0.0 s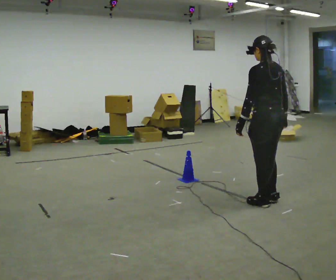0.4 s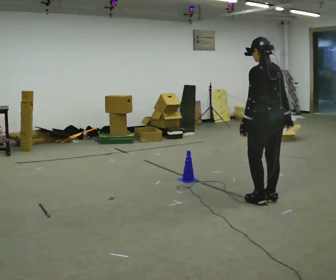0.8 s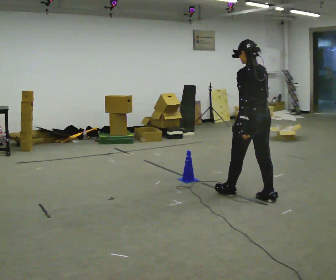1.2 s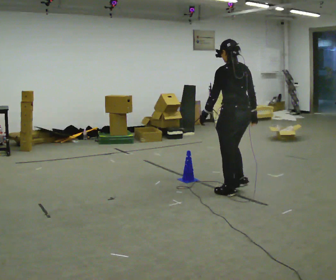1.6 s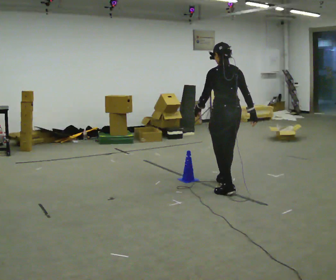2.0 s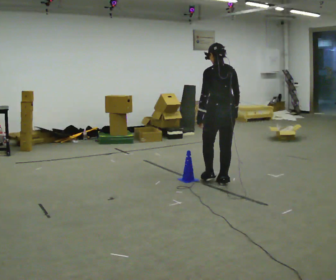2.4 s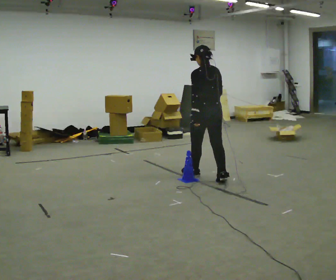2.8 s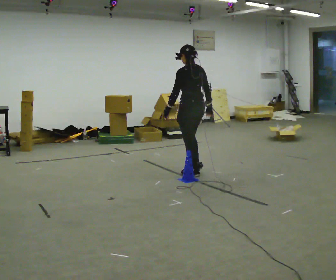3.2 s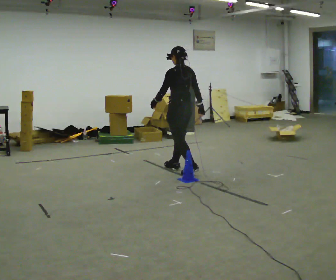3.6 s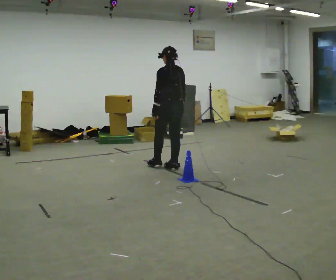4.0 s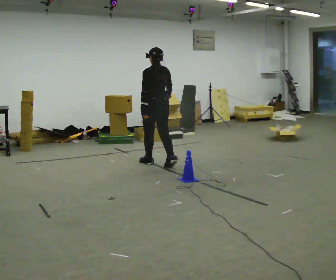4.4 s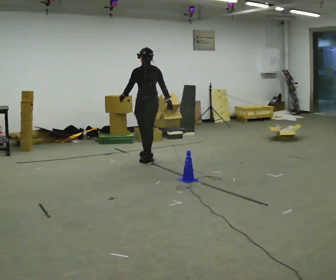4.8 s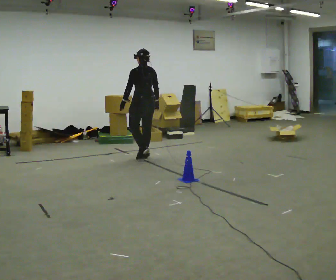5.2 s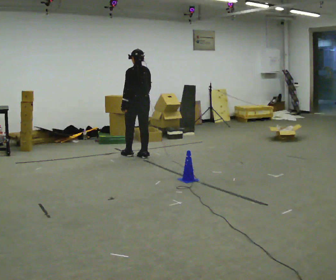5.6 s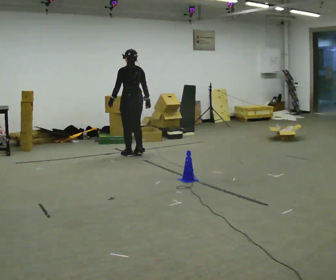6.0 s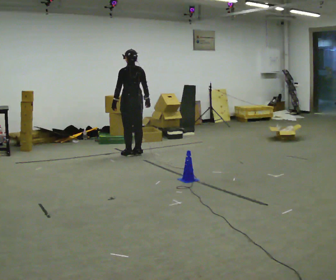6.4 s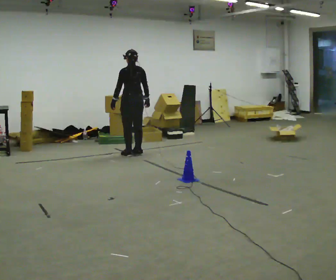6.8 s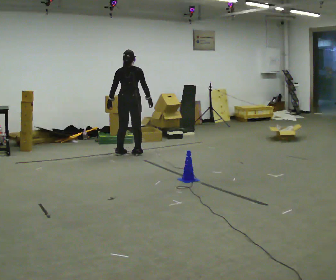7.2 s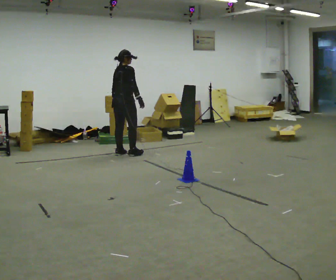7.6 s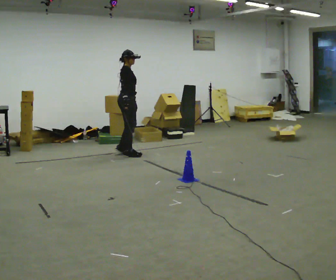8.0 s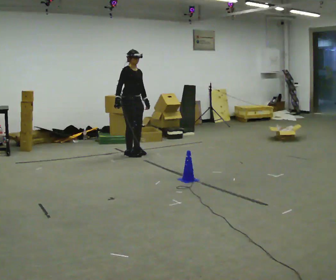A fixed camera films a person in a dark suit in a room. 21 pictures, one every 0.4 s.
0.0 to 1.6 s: In the picture they go away from the camera and to the left, about 0.75 m in 2 steps, which for them is forward.
1.6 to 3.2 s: In the picture they go away from the camera and to the left, about 1 m in 2 steps, which for them is forward.
3.2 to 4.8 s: In the picture they go away from the camera and to the left, about 1 m in 2 steps, which for them is forward.
4.8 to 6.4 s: In the picture they go away from the camera and to the left, about 0.25 m in 2 steps, which for them is forward.
6.4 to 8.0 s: Seen from above the body turns clockwise, about 150 degrees: to their right, with its near side sliding to the left. In the picture their right hand goes to the left, the arm swinging clockwise.
The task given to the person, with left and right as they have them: Walk toward obstacle; alter path to avoid it; continue toward original destination.
The film runs forward here.
